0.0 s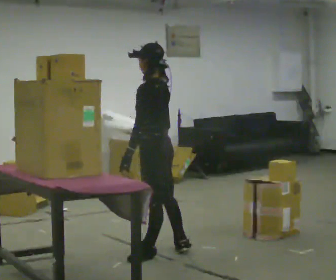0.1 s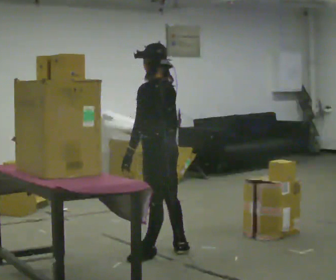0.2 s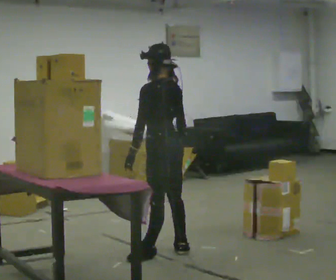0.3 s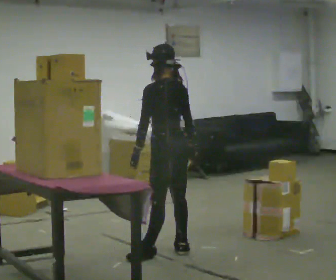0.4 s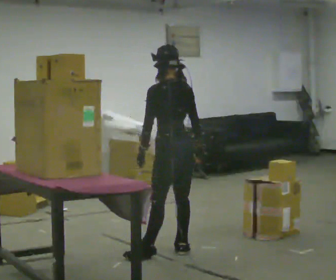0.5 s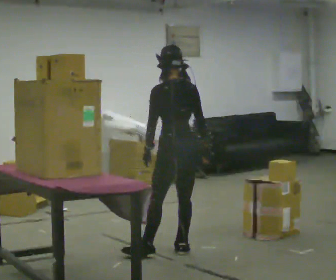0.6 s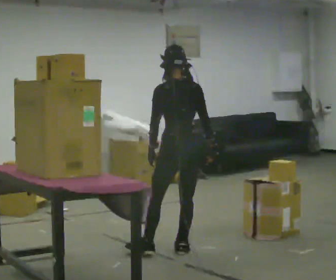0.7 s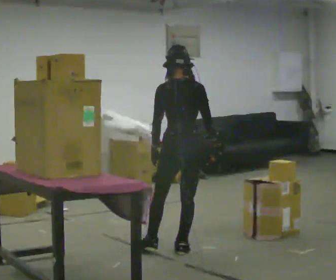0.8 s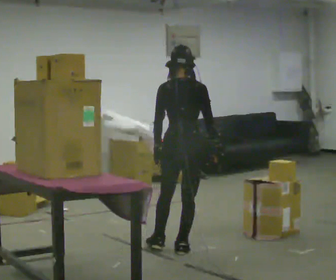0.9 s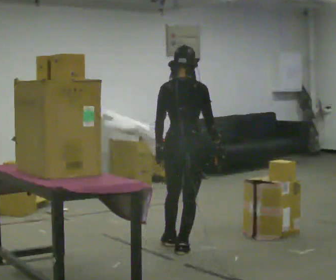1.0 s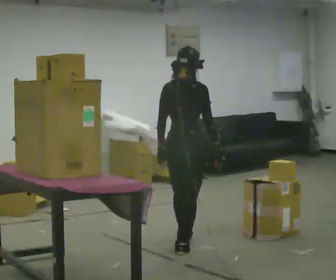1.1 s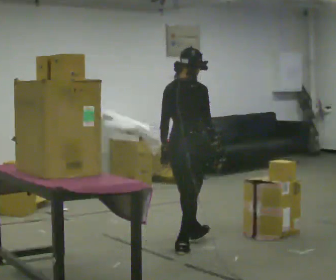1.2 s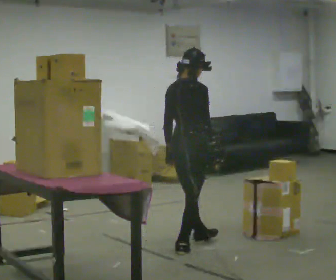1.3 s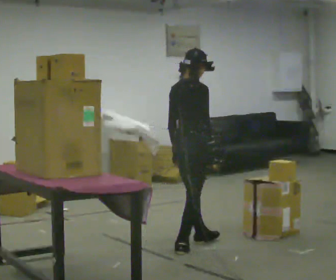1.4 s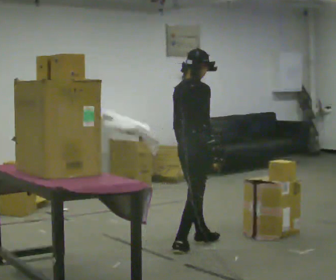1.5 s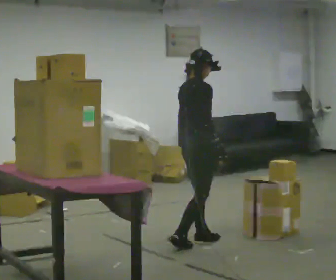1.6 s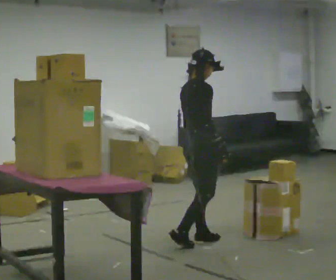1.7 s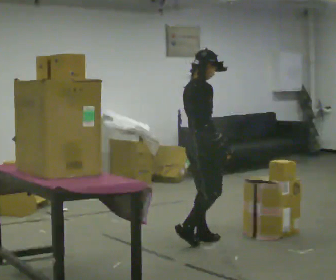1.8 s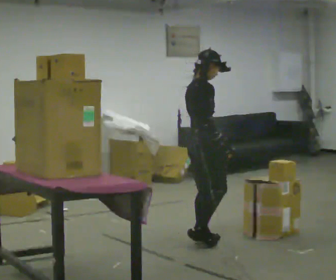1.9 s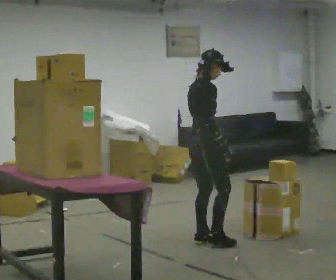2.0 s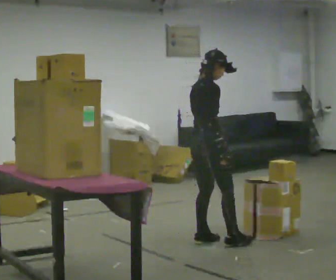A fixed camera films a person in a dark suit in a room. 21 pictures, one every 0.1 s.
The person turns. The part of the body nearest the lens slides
to the left.
The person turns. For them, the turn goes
to their right.
0.0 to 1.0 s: The part of the body nearest the lens slides to the left as the person turns to their right by about 90 degrees. In the picture they go to the right and away from the camera, about 0.25 m.
1.0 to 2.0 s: The part of the body nearest the lens slides to the left as the person turns to their right by about 45 degrees. In the picture they go away from the camera and to the right, about 0.25 m in 1 step, which for them is forward and to their left.
The film runs forward here.
